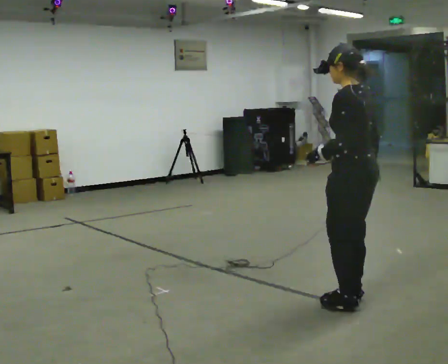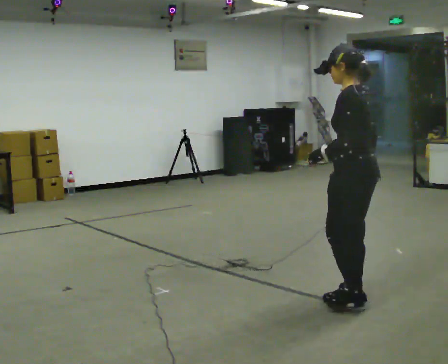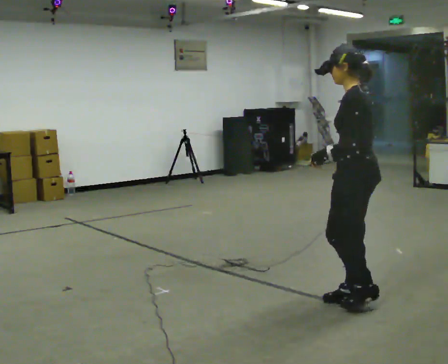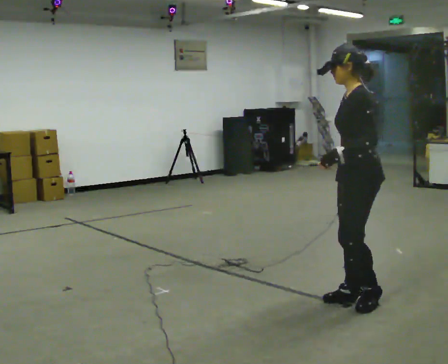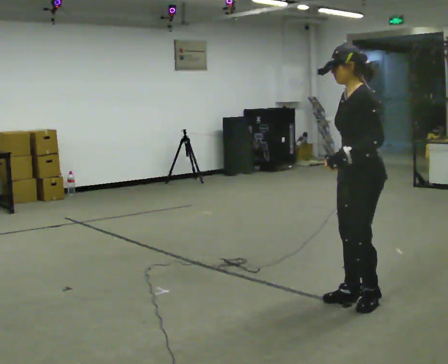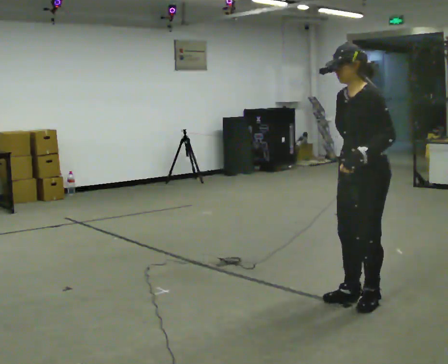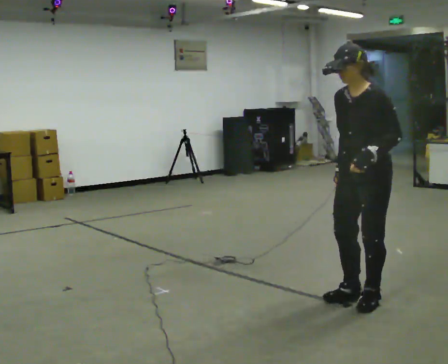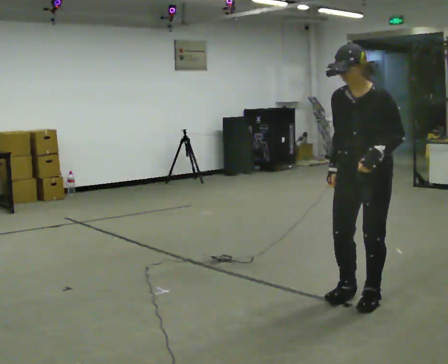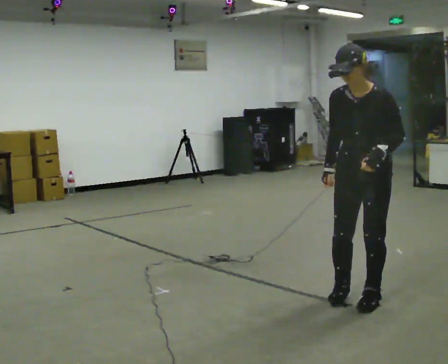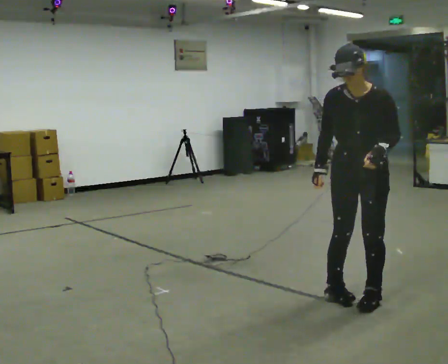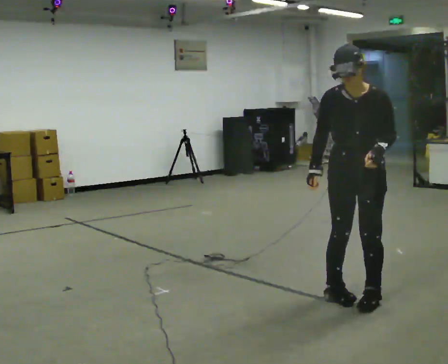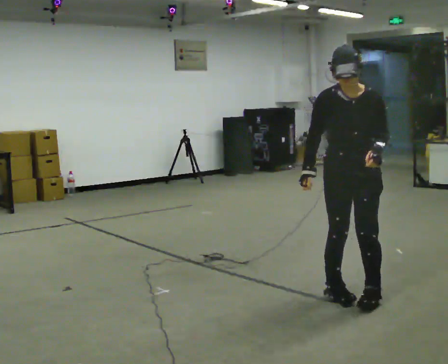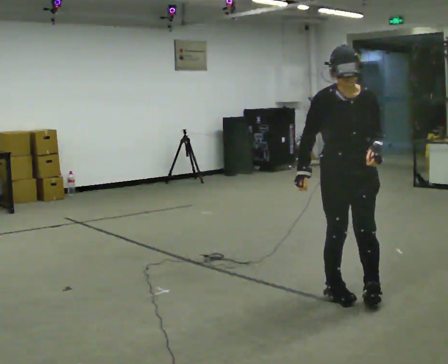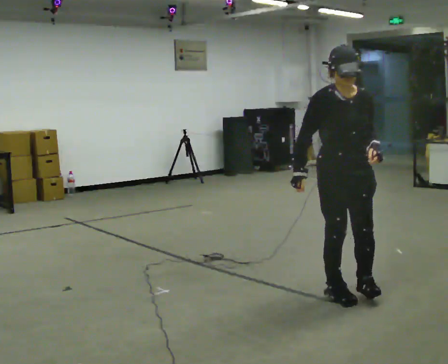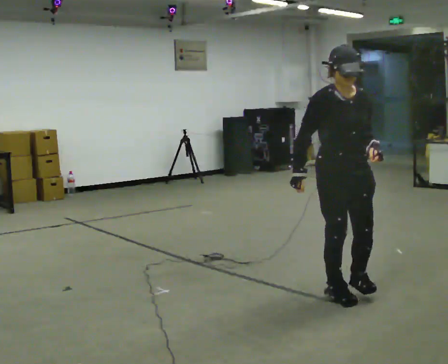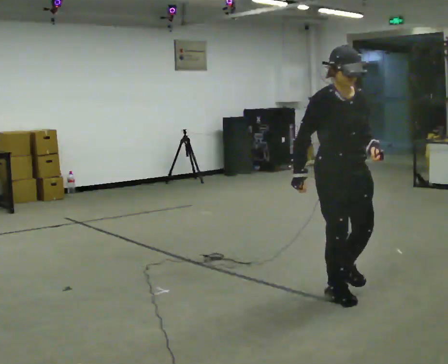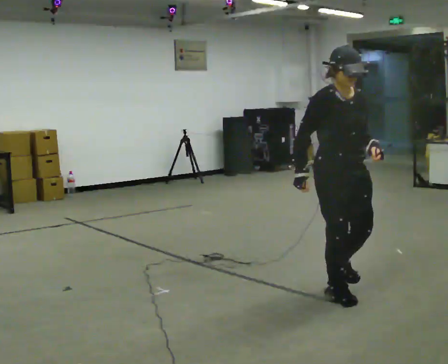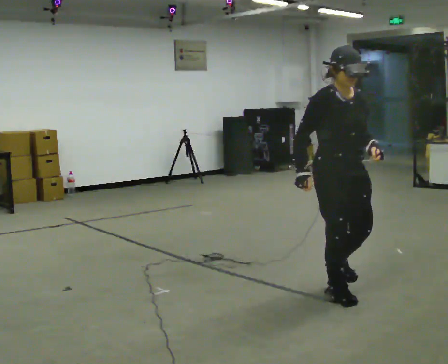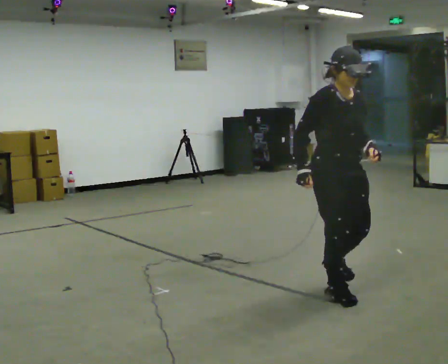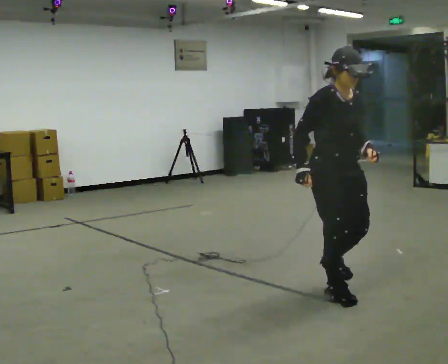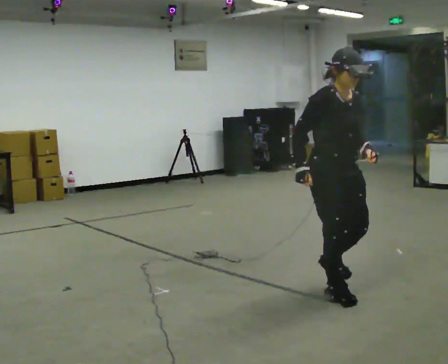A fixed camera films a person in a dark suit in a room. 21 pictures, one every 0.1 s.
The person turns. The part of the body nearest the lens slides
to the right.
The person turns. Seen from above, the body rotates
counterclockwise.
0.0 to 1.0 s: Seen from above the body turns counterclockwise, about 105 degrees: to their left, with its near side sliding to the right. In the picture their right hand goes to the left, the arm swinging clockwise.
1.0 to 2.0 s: The part of the body nearest the lens slides to the right as the person turns to their left by about 45 degrees. In the picture they go to the left, about 0.25 m in 1 step, which for them is backward.
The film runs backward here.
